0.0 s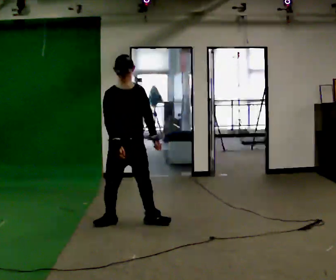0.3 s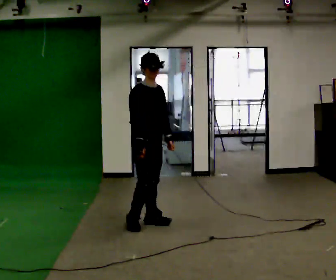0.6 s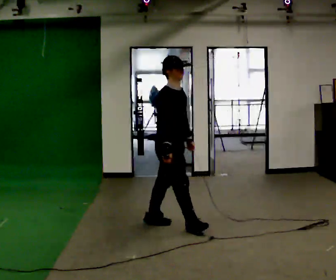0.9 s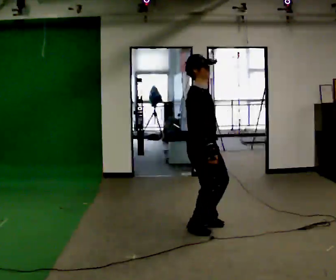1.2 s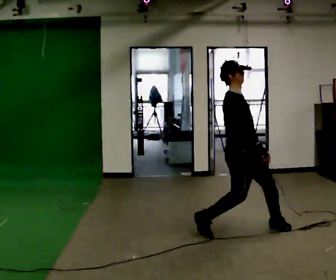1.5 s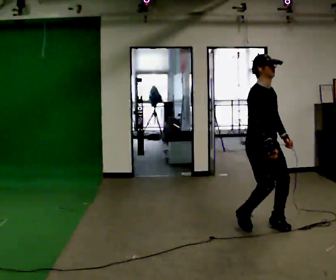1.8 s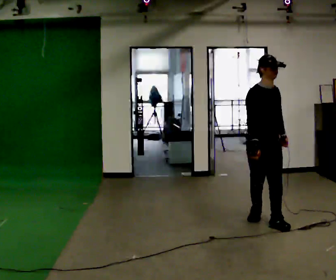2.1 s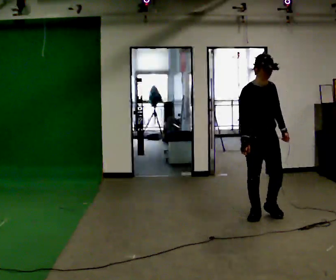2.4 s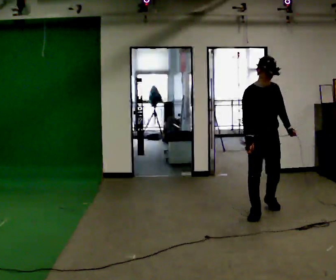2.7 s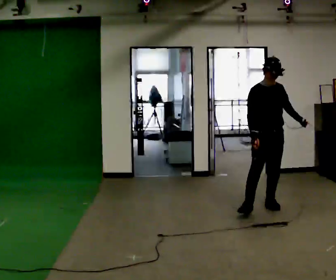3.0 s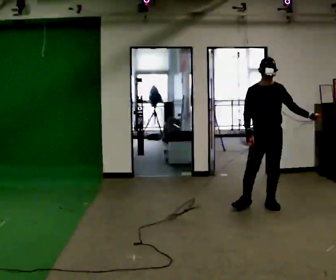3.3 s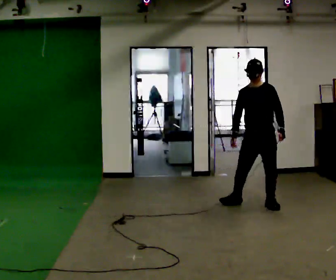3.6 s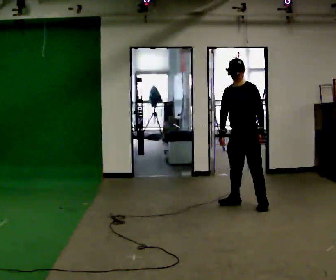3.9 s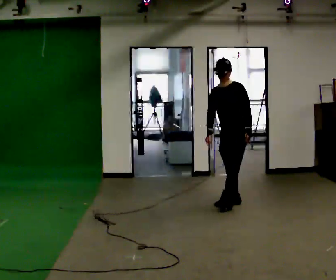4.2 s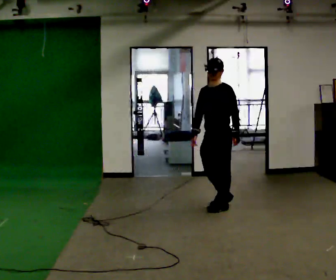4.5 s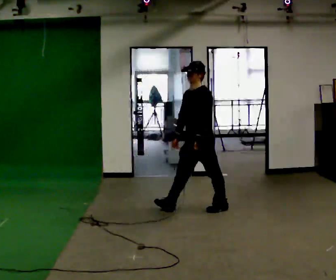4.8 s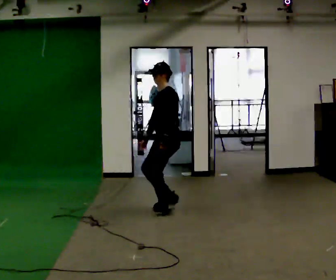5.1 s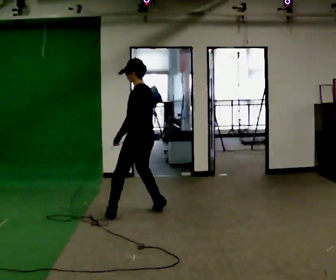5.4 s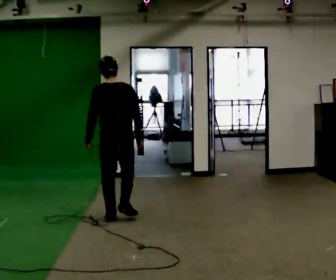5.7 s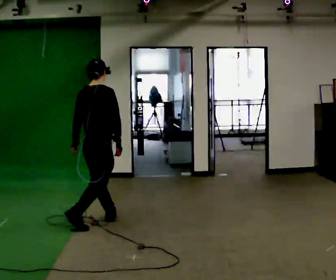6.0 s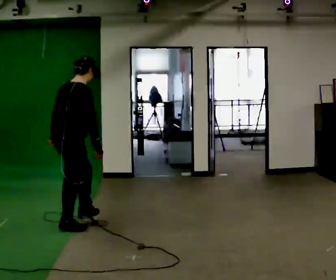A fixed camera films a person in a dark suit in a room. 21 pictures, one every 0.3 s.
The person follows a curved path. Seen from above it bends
counterclockwise.
0.0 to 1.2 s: The person turns about 45 degrees to their left, counterclockwise seen from above, so the part of the body nearest the lens slides to the right. In the picture they go to the right, about 1 m in 3 steps, which for them is forward.
1.2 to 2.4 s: The person turns about 45 degrees to their right, clockwise seen from above, so the part of the body nearest the lens slides to the left. In the picture they go away from the camera, about 0.75 m in 1 step, which for them is to their left and backward.
2.4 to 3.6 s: The person turns about 60 degrees to their right, clockwise seen from above, so the part of the body nearest the lens slides to the left. In the picture they go away from the camera and to the left, about 0.5 m in 2 steps, which for them is backward.
3.6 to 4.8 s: Seen from above the body turns clockwise, about 45 degrees: to their right, with its near side sliding to the left. In the picture they go to the left and toward the camera, about 1 m in 2 steps, which for them is forward and to their right.
4.8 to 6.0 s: The part of the body nearest the lens slides to the left as the person turns to their right by about 150 degrees. In the picture they go toward the camera and to the left, about 1 m in 2 steps.
The film runs backward here.
